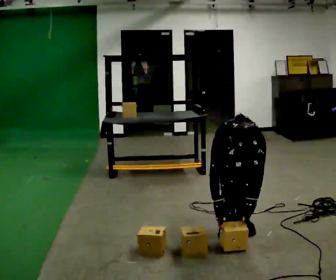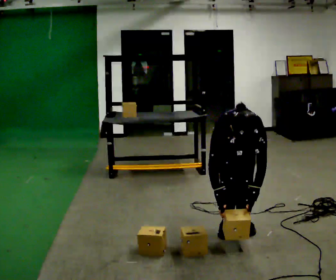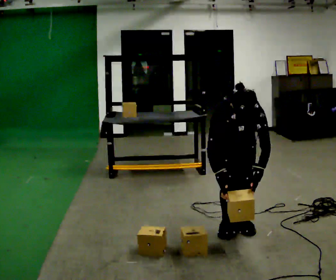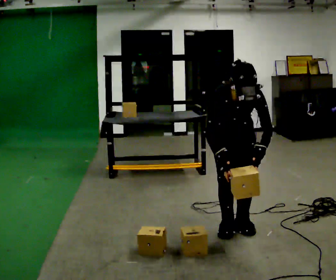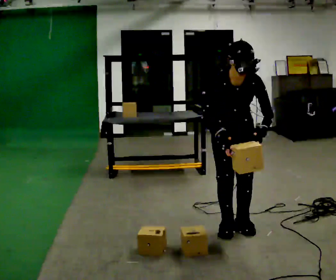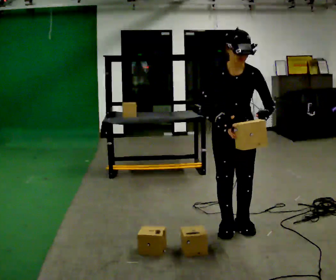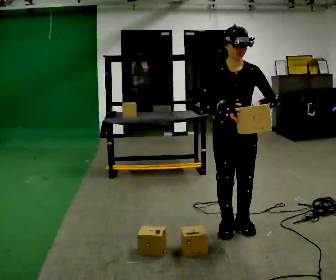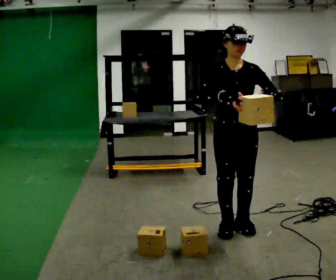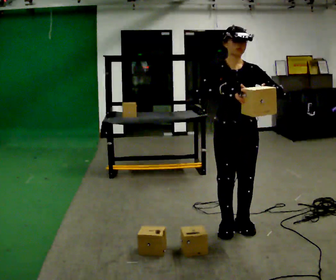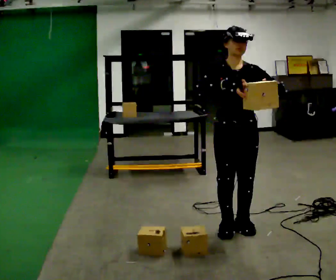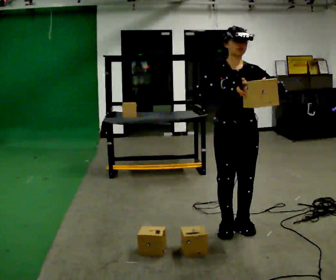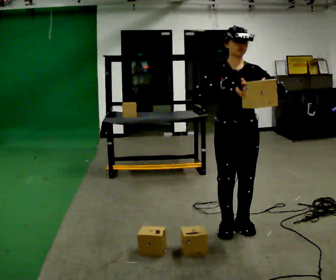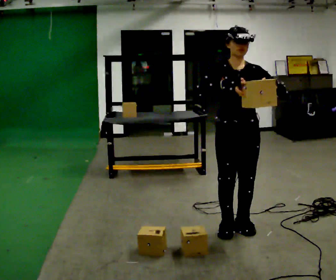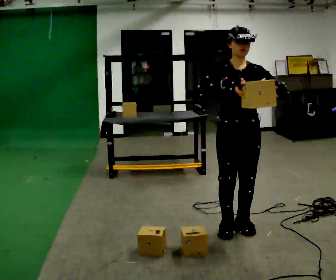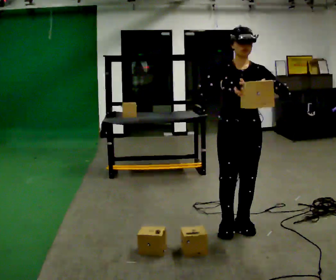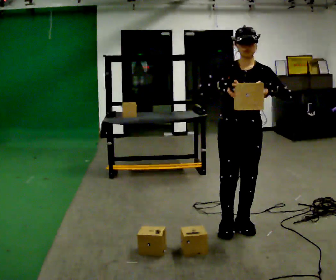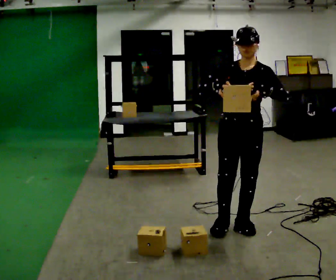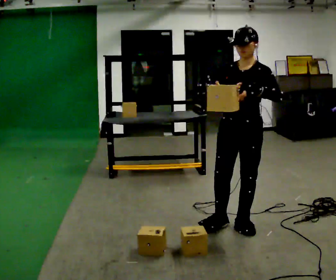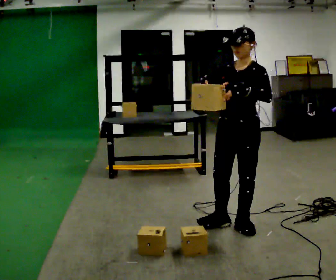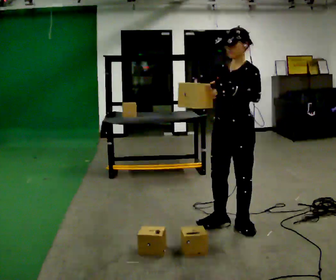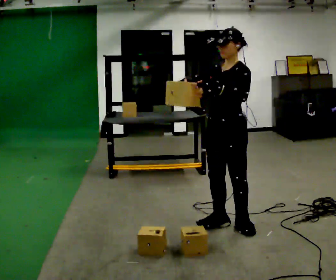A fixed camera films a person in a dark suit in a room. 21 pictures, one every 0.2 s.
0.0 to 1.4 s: The upper body goes upward. The upper body tips away from the camera, its near side rolling upward, as they lean back or straighten. In the picture their right hand goes upward.
1.4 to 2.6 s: The person moves a little, or ends about where they began.
2.6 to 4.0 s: The part of the body nearest the lens slides to the left as the person turns to their right by about 60 degrees. In the picture their right hand goes to the left.
The film runs forward here.
